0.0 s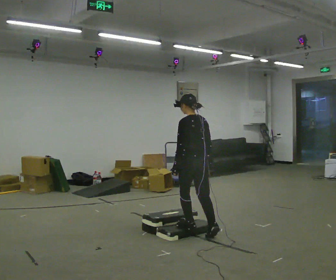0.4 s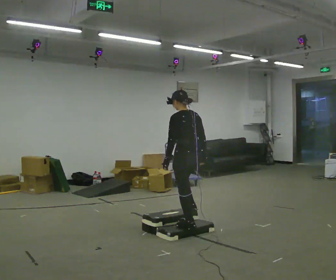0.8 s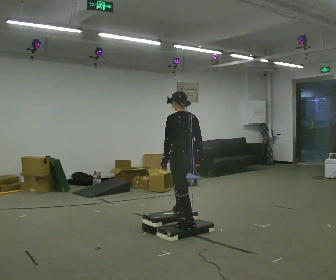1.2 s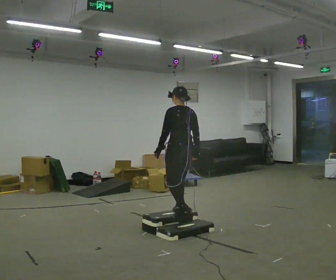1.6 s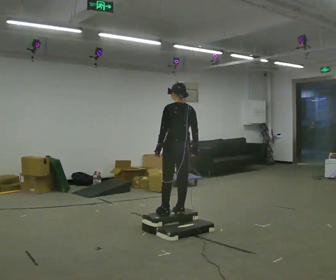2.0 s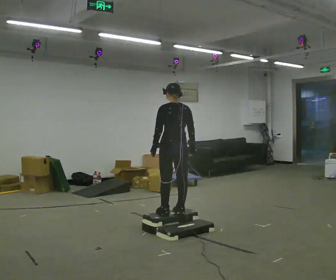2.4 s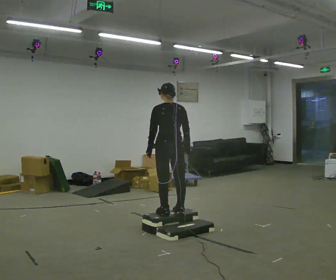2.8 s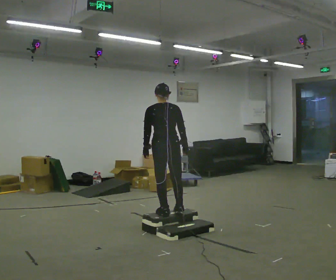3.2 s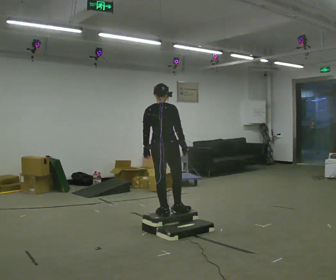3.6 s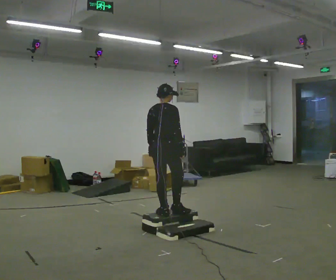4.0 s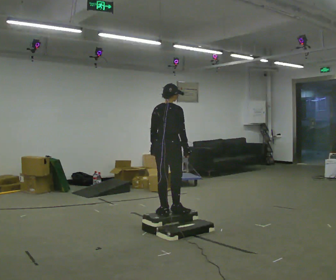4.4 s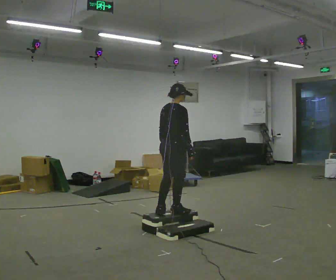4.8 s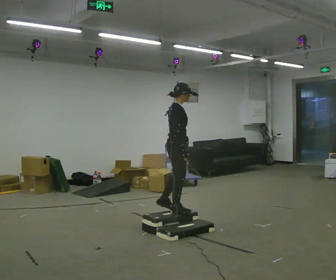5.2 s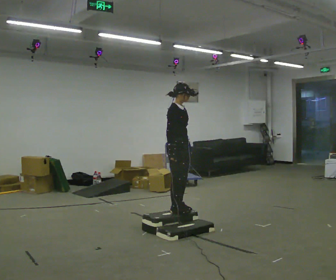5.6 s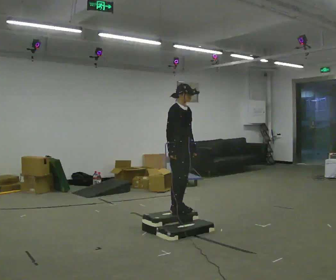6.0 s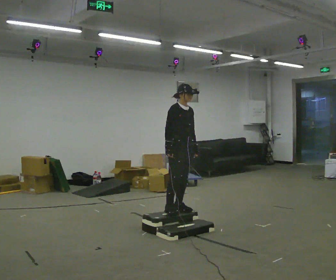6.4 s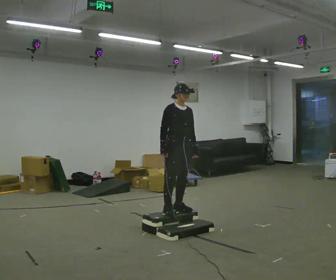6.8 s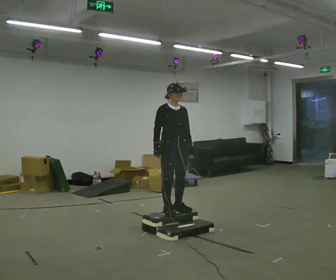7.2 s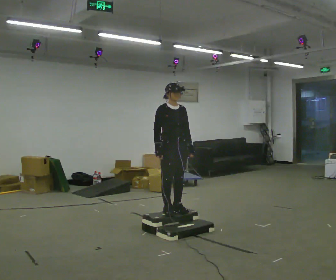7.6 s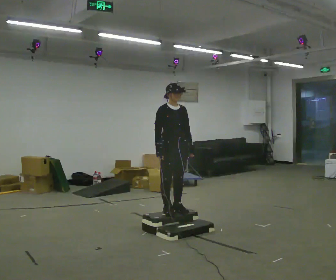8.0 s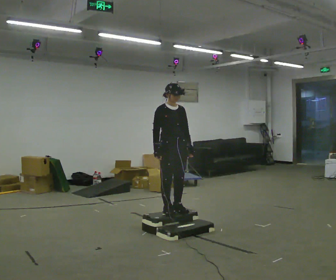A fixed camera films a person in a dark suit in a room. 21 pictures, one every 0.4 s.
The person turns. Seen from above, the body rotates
clockwise.
The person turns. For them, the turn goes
to their right.
0.0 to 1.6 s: In the picture they go away from the camera and to the left, about 0.25 m in 2 steps, which for them is forward.
1.6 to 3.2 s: Seen from above the body turns clockwise, about 45 degrees: to their right, with its near side sliding to the left. In the picture they go to the left, about 0.25 m, which for them is to their left.
3.2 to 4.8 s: The person turns about 60 degrees to their right, clockwise seen from above, so the part of the body nearest the lens slides to the left. In the picture their left hand goes to the right.
4.8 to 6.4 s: Seen from above the body turns clockwise, about 60 degrees: to their right, with its near side sliding to the left.
6.4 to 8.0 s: The person moves a little, or ends about where they began.
The film runs forward here.
